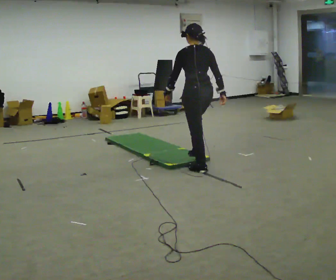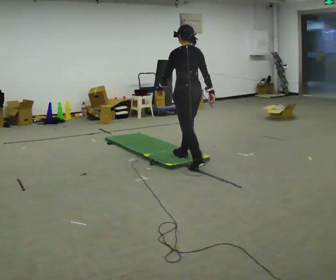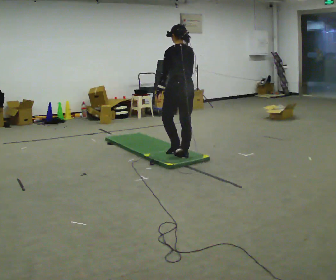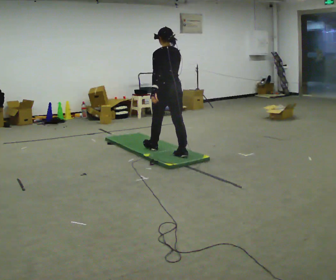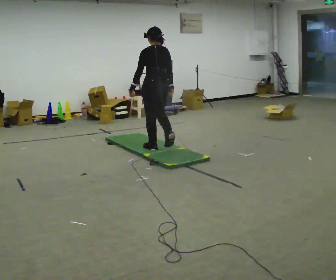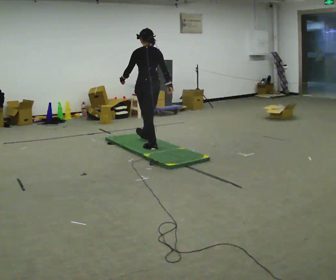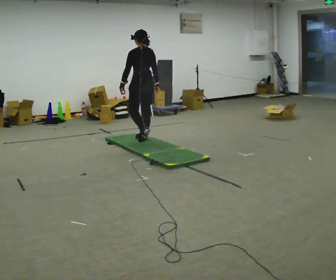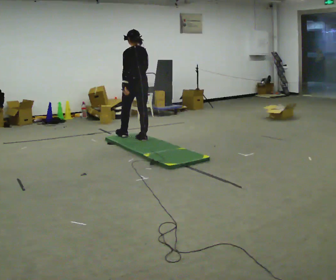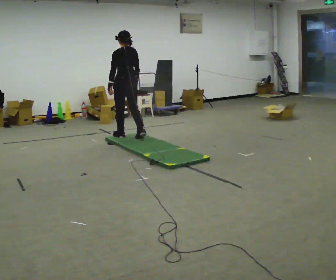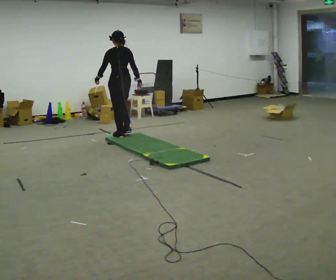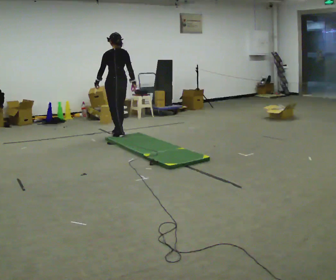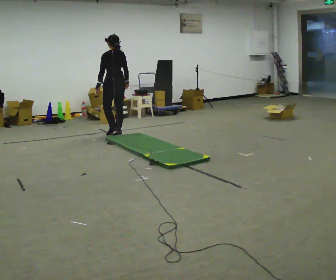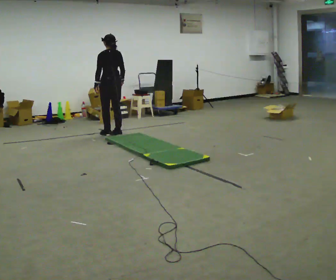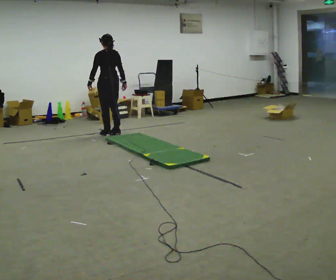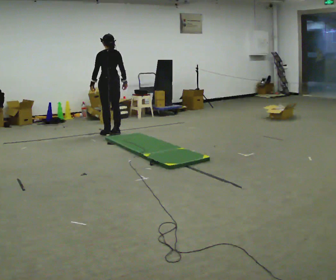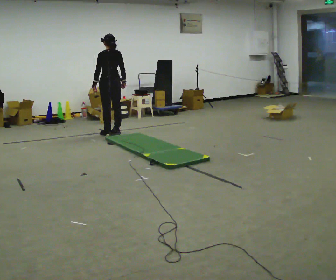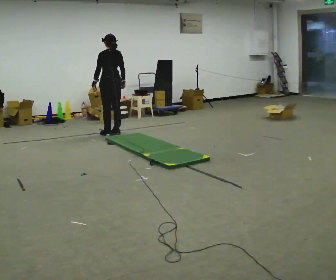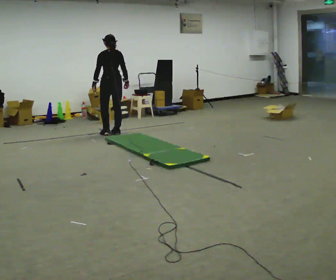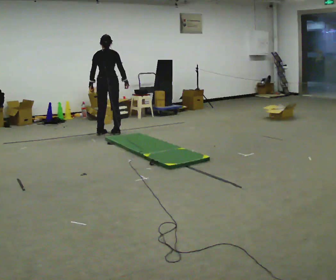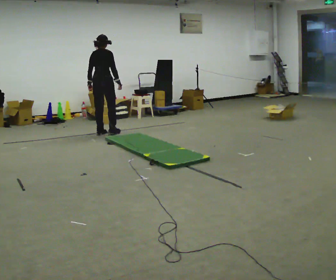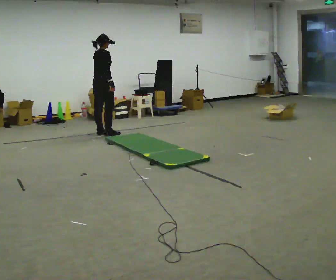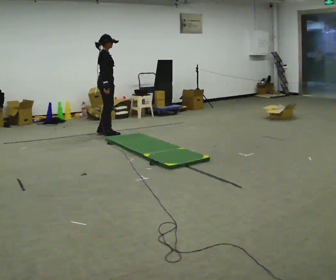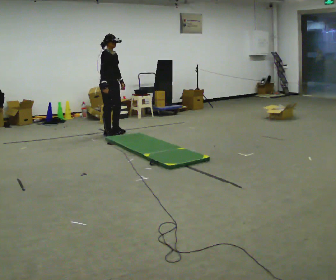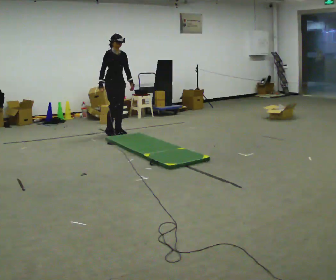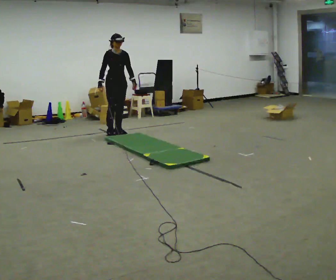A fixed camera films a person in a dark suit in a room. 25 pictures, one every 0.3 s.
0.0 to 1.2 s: In the picture they go away from the camera and to the left, about 1 m in 2 steps, which for them is forward.
1.2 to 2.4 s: In the picture they go away from the camera and to the left, about 1 m in 2 steps, which for them is forward.
2.4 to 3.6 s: In the picture they go away from the camera and to the left, about 0.5 m in 2 steps, which for them is forward.
3.6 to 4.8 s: The person moves a little, or ends about where they began.
4.8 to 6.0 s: The person turns about 90 degrees to their right, clockwise seen from above, so the part of the body nearest the lens slides to the left. In the picture they go to the left, about 0.25 m in 2 steps.
6.0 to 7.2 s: The part of the body nearest the lens slides to the left as the person turns to their right by about 90 degrees. In the picture they go to the right, about 0.25 m in 1 step.
The film runs forward here.
